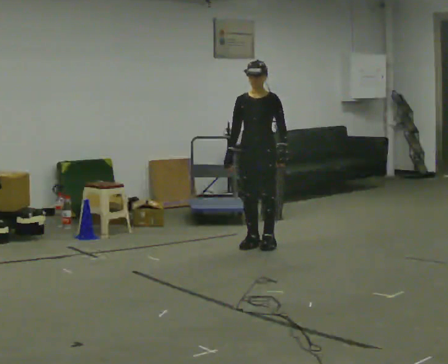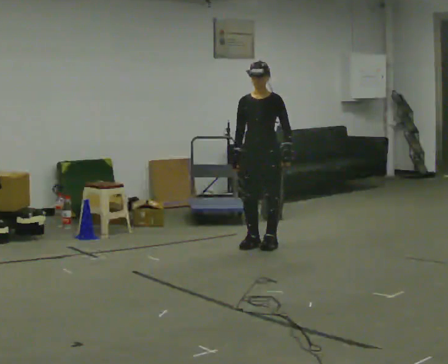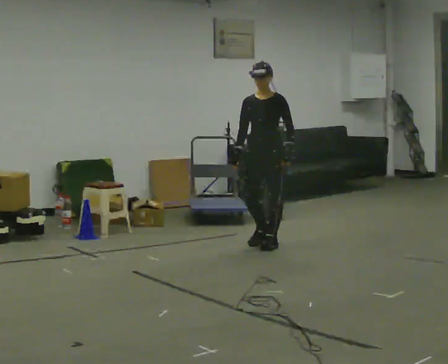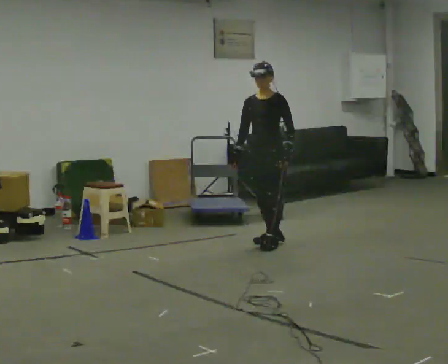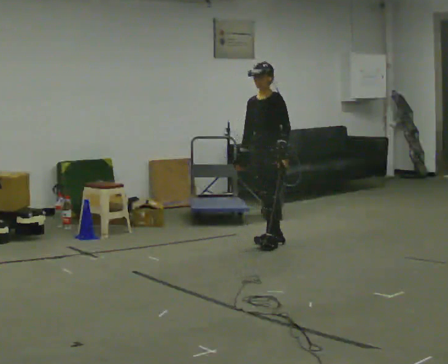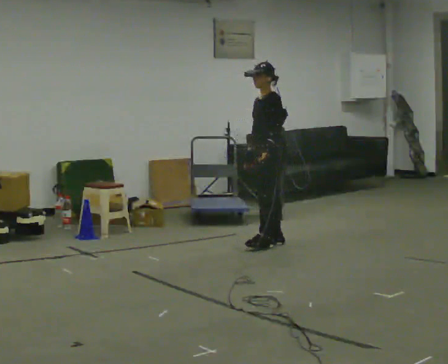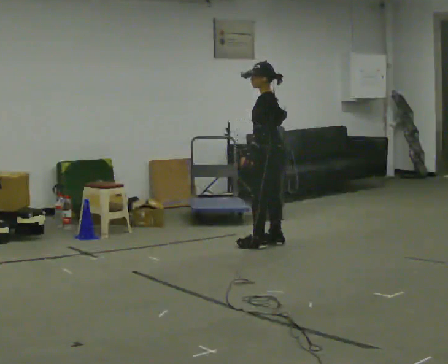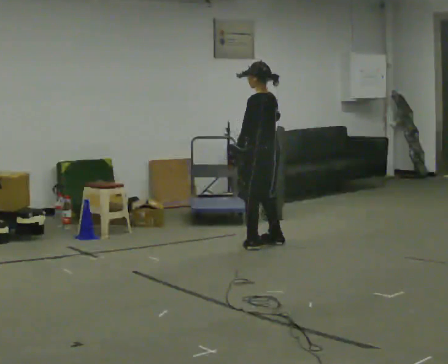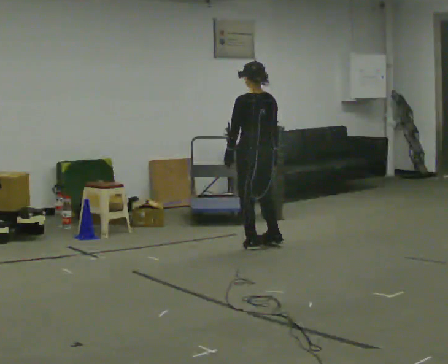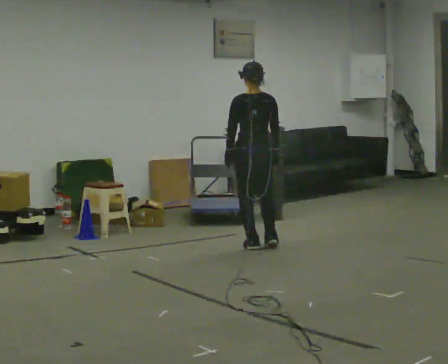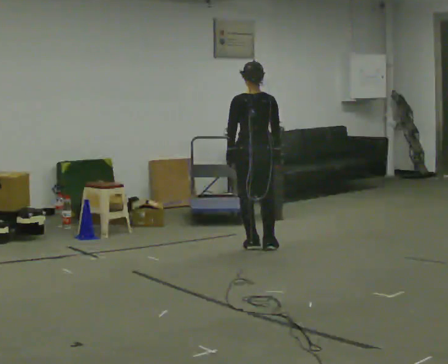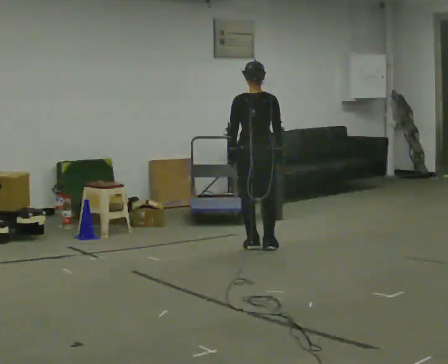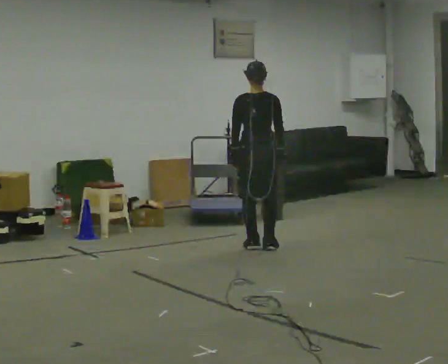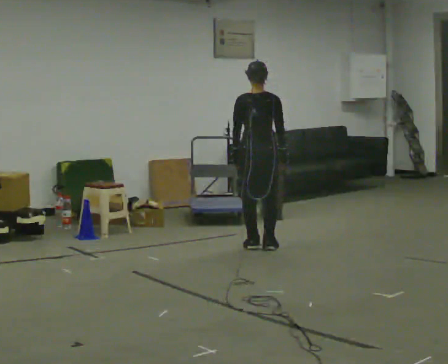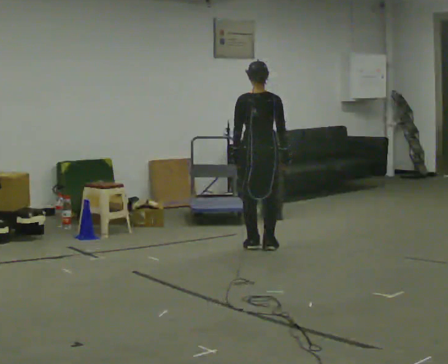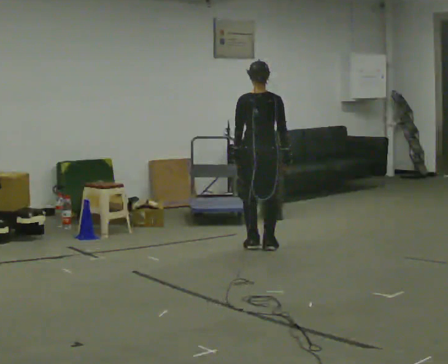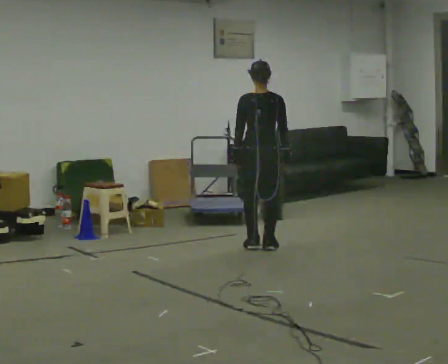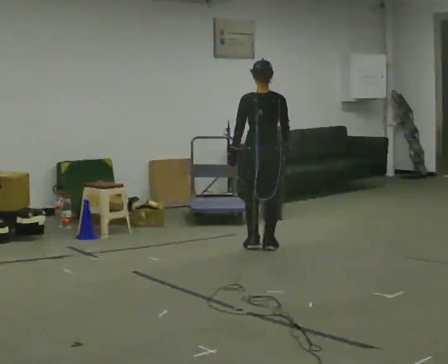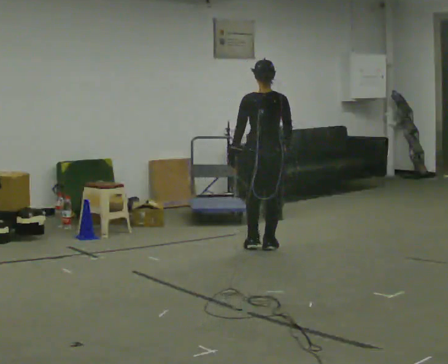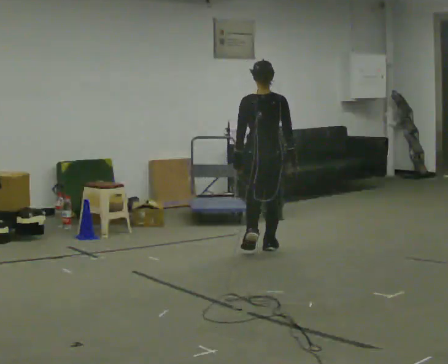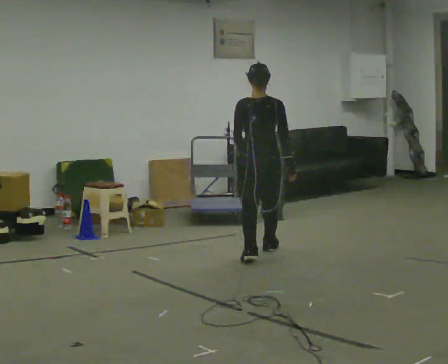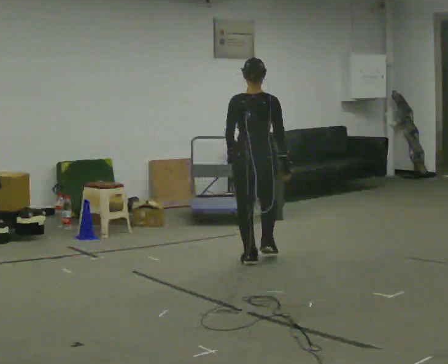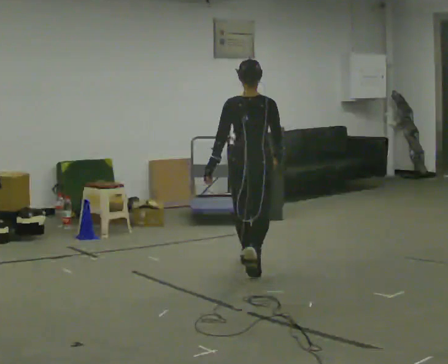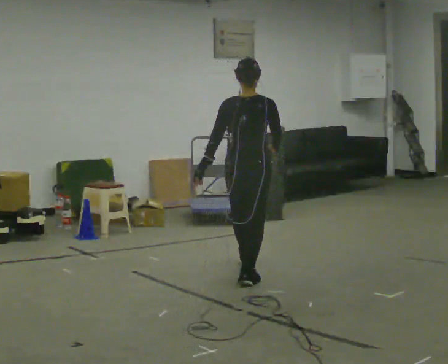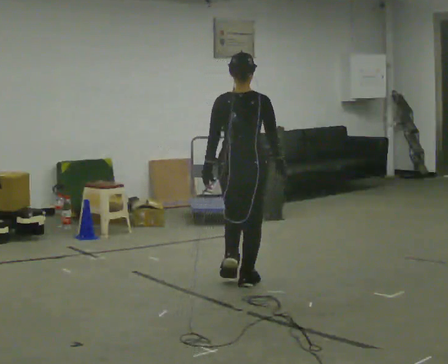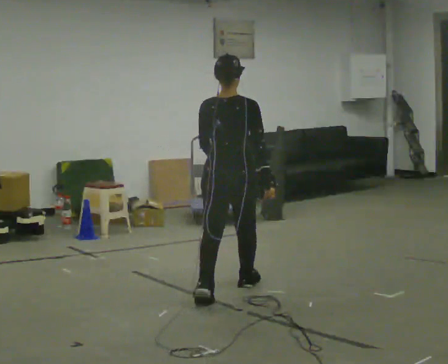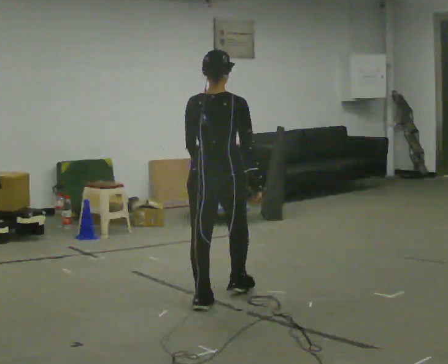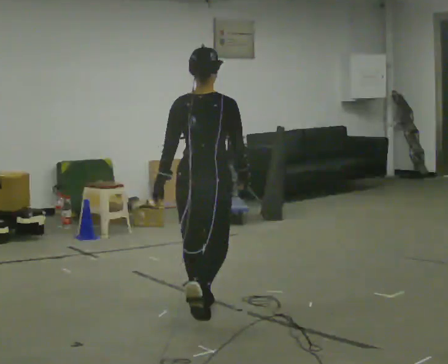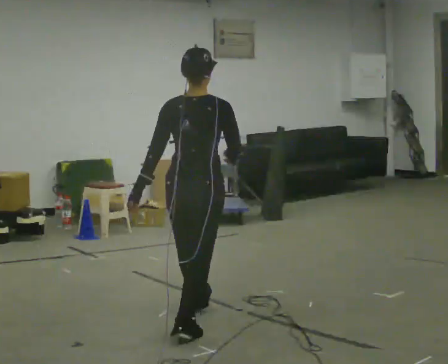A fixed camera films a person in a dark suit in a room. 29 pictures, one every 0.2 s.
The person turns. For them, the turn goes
to their right.
The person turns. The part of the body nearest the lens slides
to the left.
0.0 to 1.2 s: The person turns about 75 degrees to their right, clockwise seen from above, so the part of the body nearest the lens slides to the left.
1.2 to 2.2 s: The person turns about 90 degrees to their right, clockwise seen from above, so the part of the body nearest the lens slides to the left.
2.2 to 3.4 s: The person moves a little, or ends about where they began.
3.4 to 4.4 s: In the picture they go toward the camera, about 0.5 m in 2 steps, which for them is backward.
4.4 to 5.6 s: In the picture they go toward the camera, about 1.5 m in 3 steps, which for them is backward.
The film runs backward here.
